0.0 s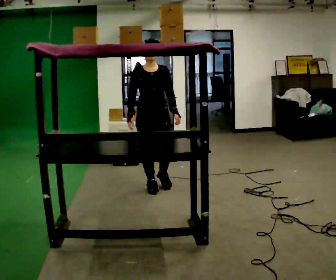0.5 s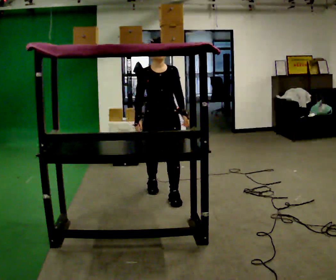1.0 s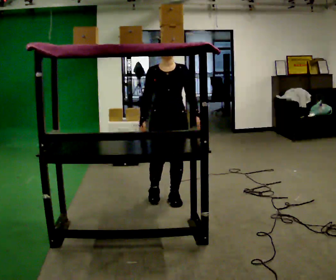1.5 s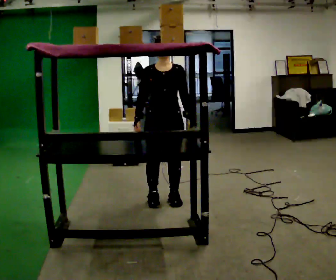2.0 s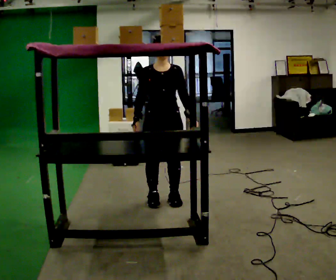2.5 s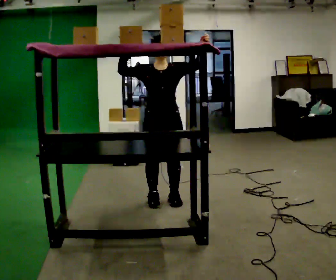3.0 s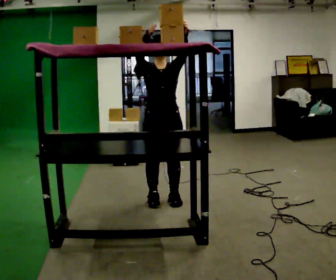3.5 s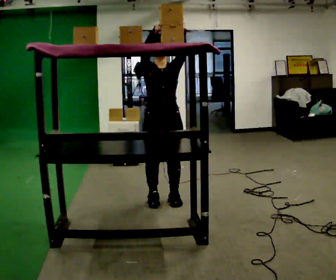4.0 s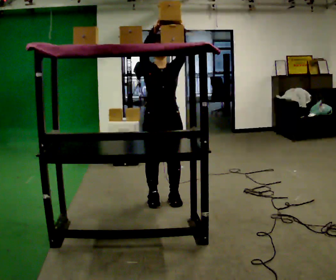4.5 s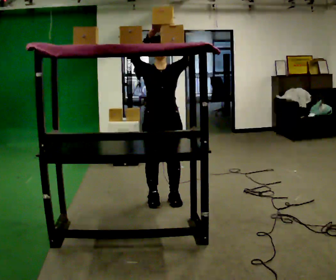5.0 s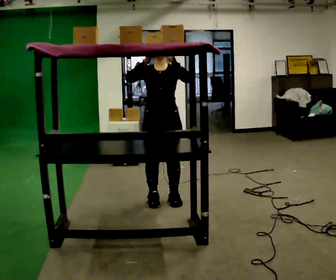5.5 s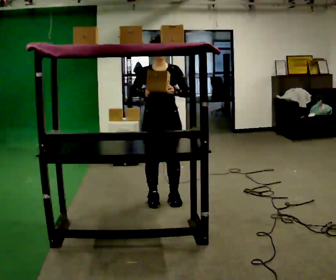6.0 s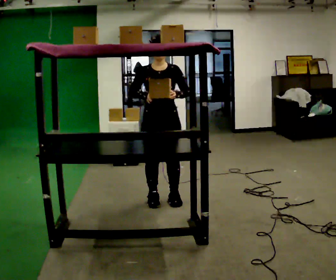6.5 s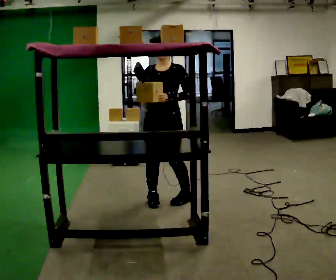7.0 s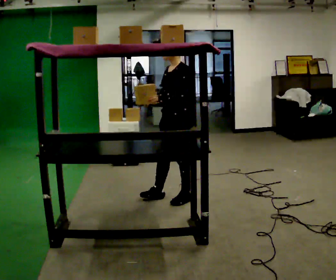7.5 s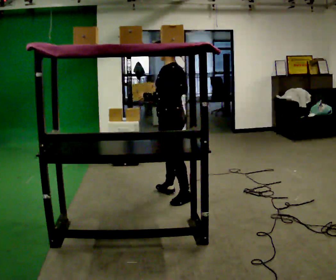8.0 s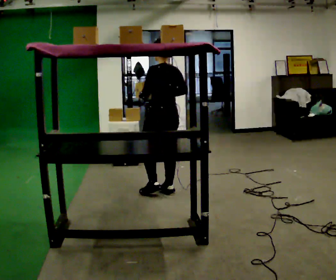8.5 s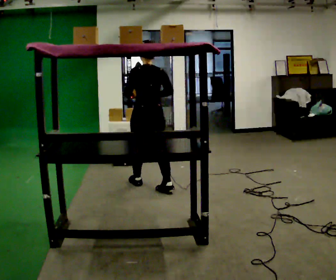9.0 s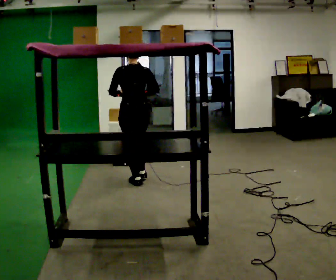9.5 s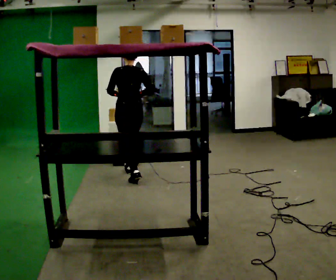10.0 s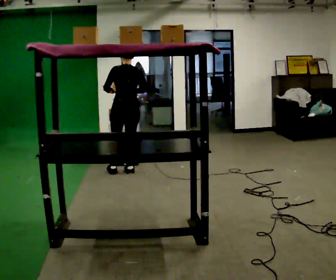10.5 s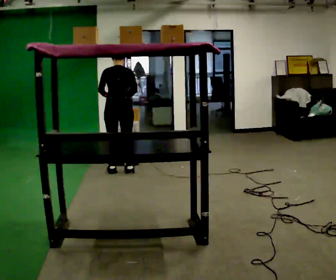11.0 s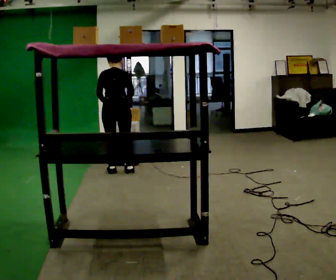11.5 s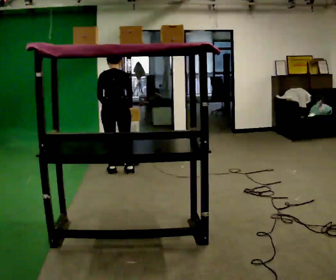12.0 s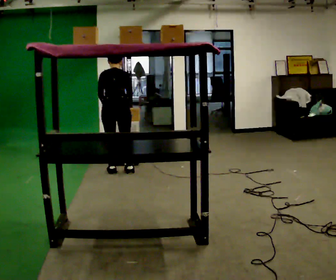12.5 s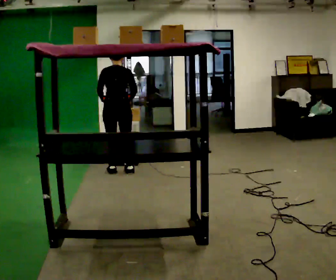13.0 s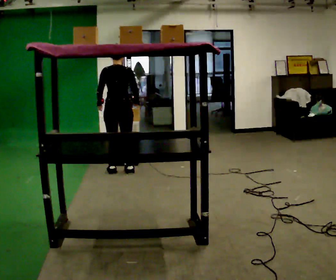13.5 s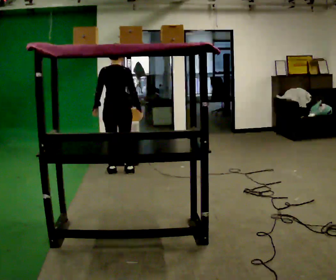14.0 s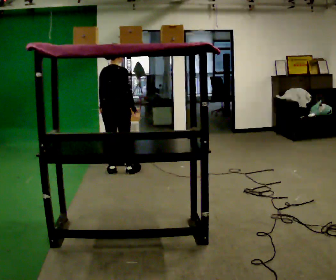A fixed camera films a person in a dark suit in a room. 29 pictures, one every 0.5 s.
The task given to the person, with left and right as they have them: Take an object from the waist-height shelf, carry it across the room, and place it on the highest shelf you can comfortably reach. Keep going until the operator says stop; one object at a time, and do not rush between trips.
0.0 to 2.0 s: In the picture they go toward the camera, about 0.5 m in 2 steps, which for them is forward.
2.0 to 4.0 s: In the picture their right hand goes upward, the arm swinging clockwise.
4.0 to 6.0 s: In the picture their right hand goes downward.
6.0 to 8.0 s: The person turns about 150 degrees to their right, clockwise seen from above, so the part of the body nearest the lens slides to the left. In the picture they go away from the camera, about 0.25 m in 1 step.
8.0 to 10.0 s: In the picture they go away from the camera and to the left, about 1 m in 2 steps, which for them is forward.
10.0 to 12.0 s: The upper body tips away from the camera, its near side rolling upward, as they bend forward.
12.0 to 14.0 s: The person turns about 45 degrees to their right, clockwise seen from above, so the part of the body nearest the lens slides to the left. The upper body tips toward the camera, its near side rolling downward, as they lean back or straighten.
The film runs forward here.
